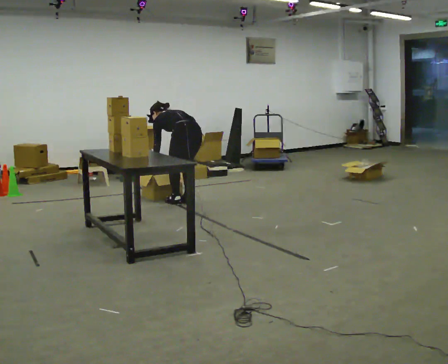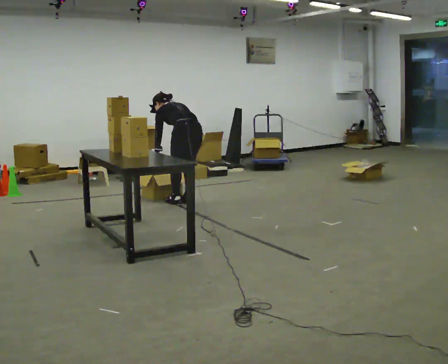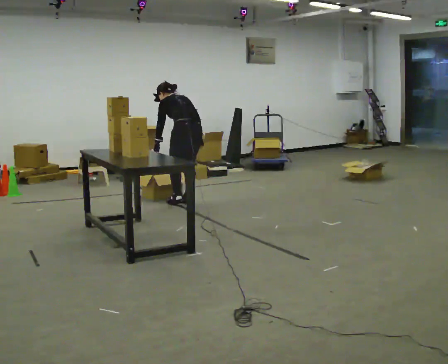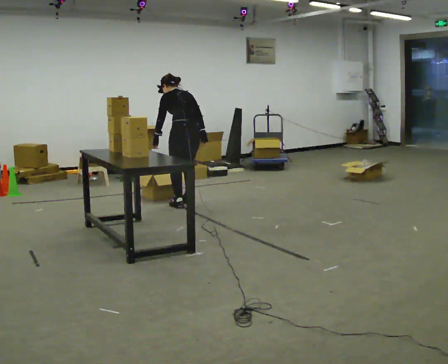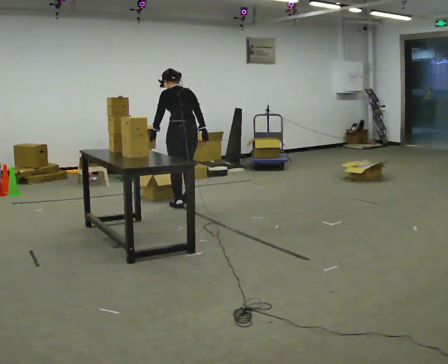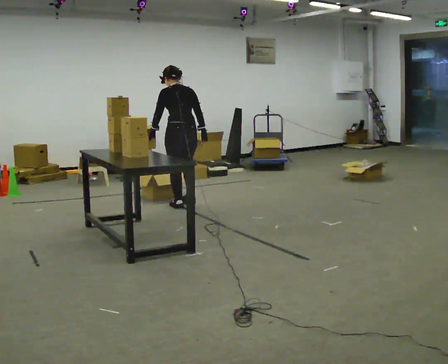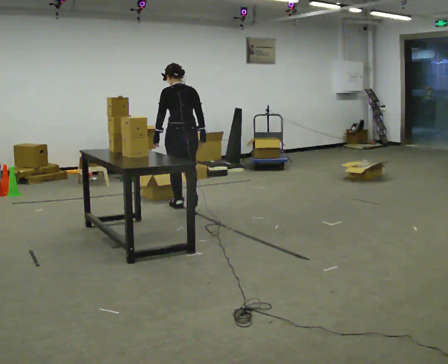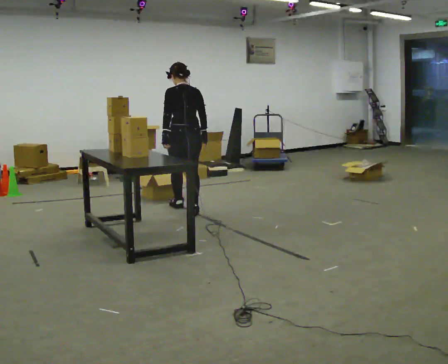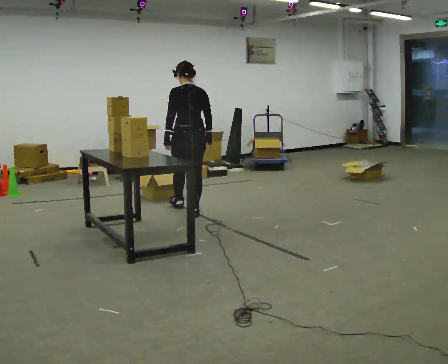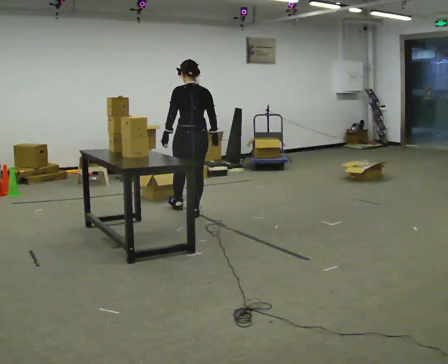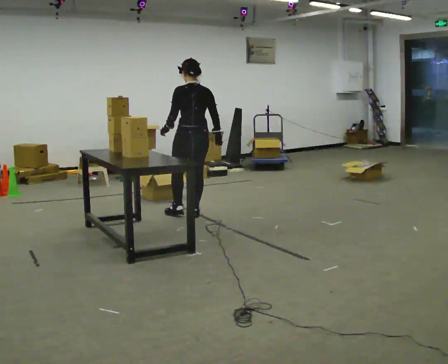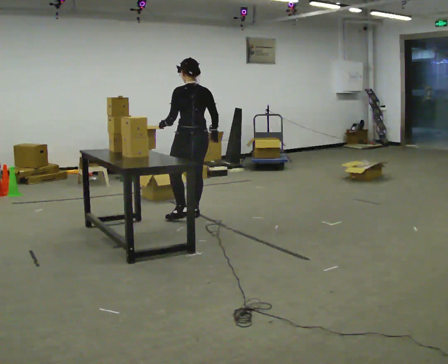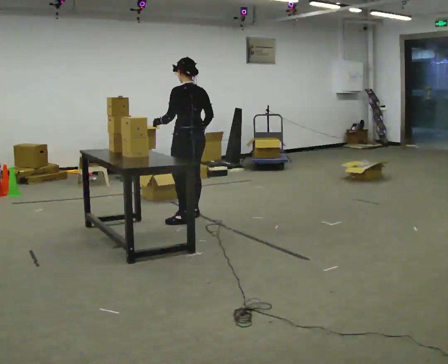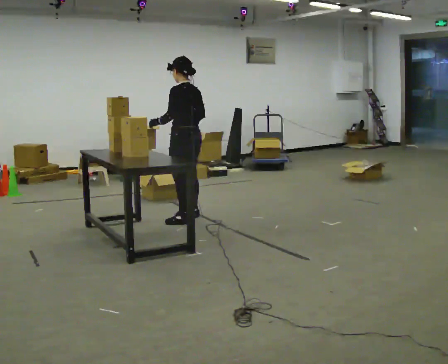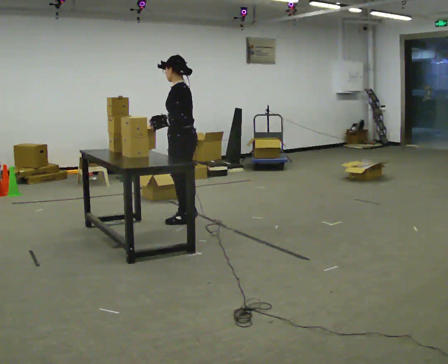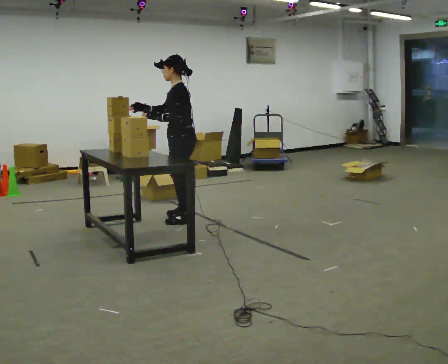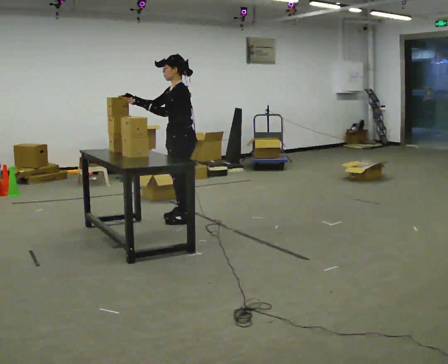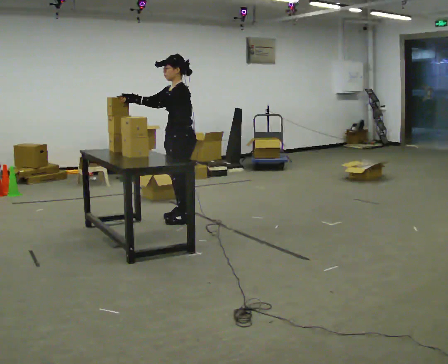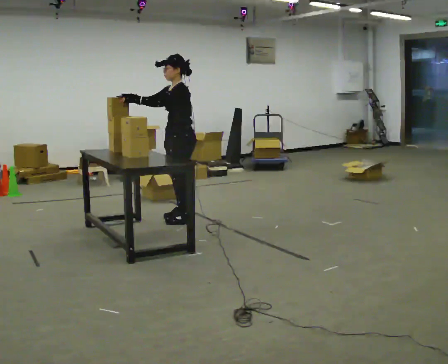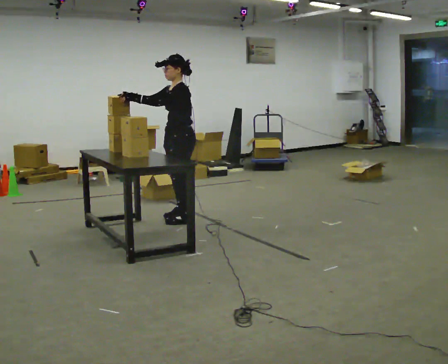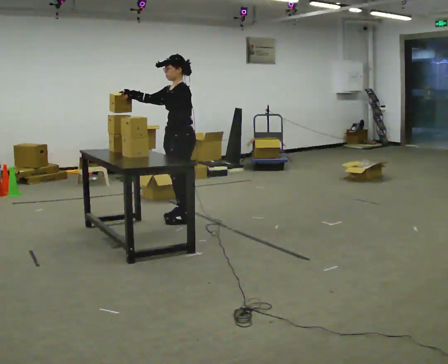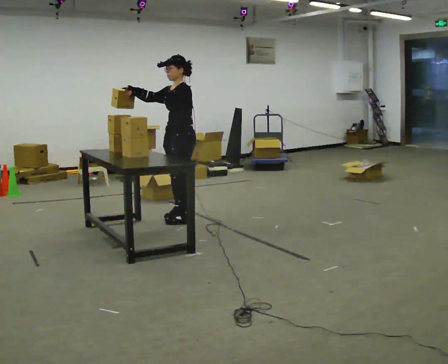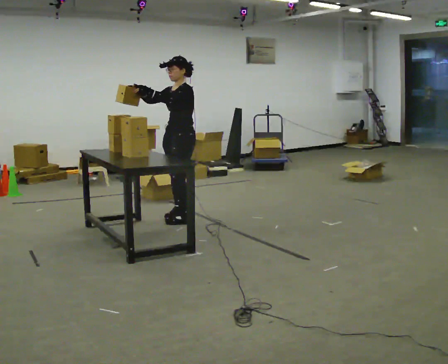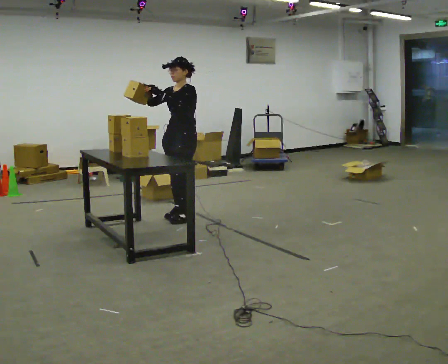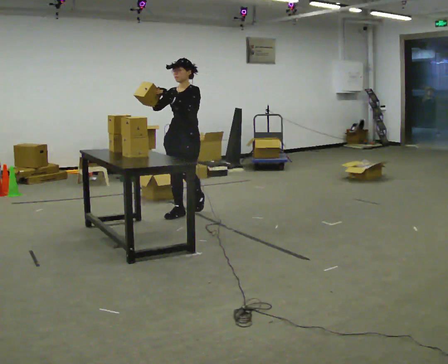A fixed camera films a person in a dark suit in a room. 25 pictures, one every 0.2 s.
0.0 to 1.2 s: In the picture they go toward the camera, about 0.25 m in 2 steps, which for them is backward and to their left. The upper body goes upward. The upper body tips toward the camera, its near side rolling downward, as they lean back or straighten. In the picture their right hand goes upward.
1.2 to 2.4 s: Seen from above the body turns counterclockwise, about 30 degrees: to their left, with its near side sliding to the right. In the picture they go toward the camera, about 0.5 m in 1 step, which for them is backward.
2.4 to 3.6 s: The person turns about 60 degrees to their left, counterclockwise seen from above, so the part of the body nearest the lens slides to the right. In the picture their right hand goes to the left and upward, the arm swinging clockwise.
3.6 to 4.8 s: The person turns about 45 degrees to their left, counterclockwise seen from above, so the part of the body nearest the lens slides to the right. In the picture they go away from the camera, about 0.25 m in 1 step, which for them is to their right.
The film runs backward here.
